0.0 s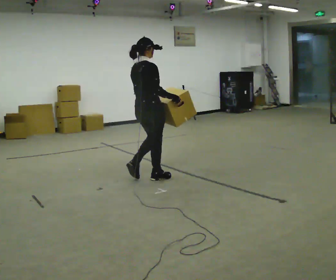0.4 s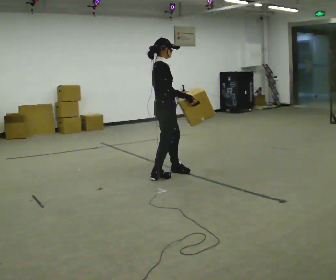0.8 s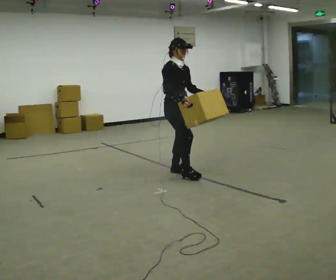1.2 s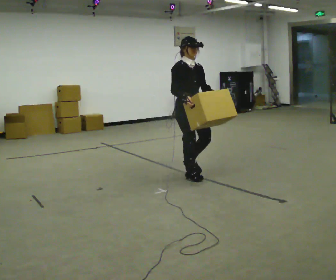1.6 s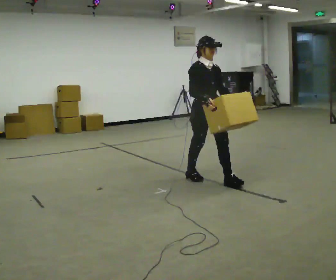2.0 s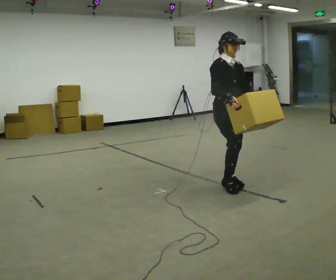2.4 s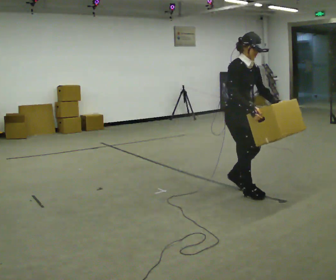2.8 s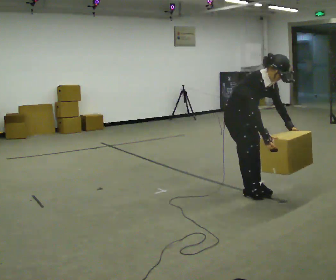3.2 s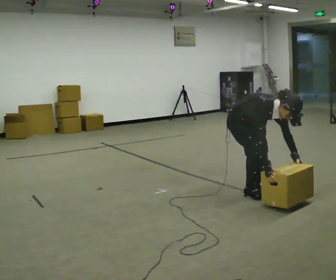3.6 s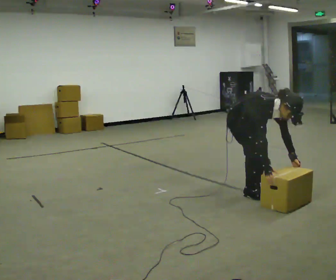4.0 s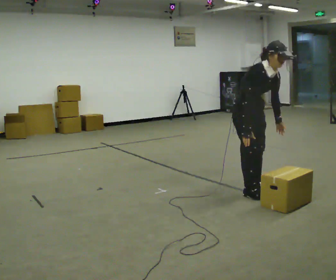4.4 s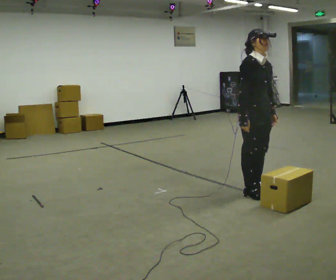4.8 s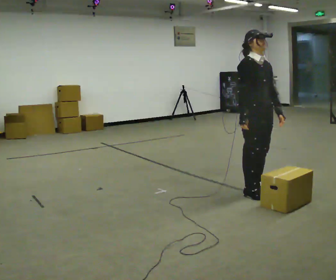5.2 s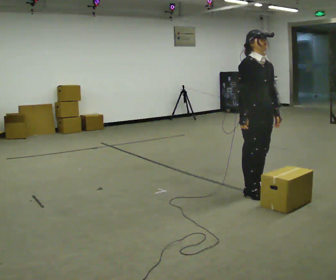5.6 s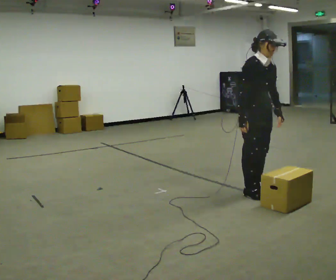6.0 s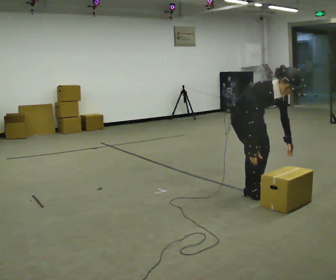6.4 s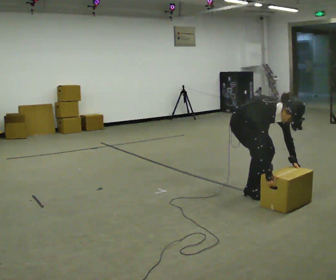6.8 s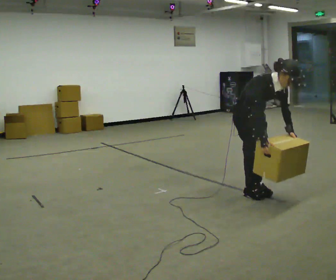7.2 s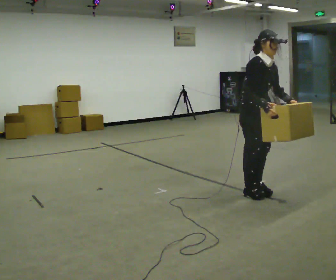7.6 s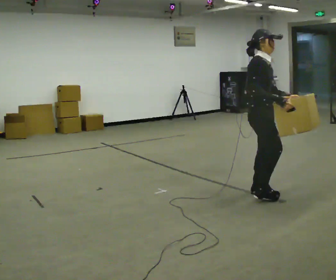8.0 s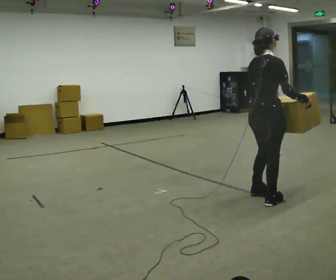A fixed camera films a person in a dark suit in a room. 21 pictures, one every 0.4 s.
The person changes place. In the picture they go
to the right.
The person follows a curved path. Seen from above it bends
clockwise.
0.0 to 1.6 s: The part of the body nearest the lens slides to the left as the person turns to their right by about 90 degrees. In the picture they go to the right, about 0.75 m in 3 steps.
1.6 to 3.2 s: In the picture they go to the right and toward the camera, about 0.5 m in 2 steps, which for them is forward. The upper body goes downward. In the picture the upper body tilts clockwise, shoulders to the right, as they bend forward. In the picture their right hand goes downward.
3.2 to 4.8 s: The shoulders move upward. In the picture the upper body tilts counterclockwise, shoulders to the left, as they lean back or straighten. In the picture their right hand goes upward.
4.8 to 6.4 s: The shoulders move downward. In the picture the upper body tilts clockwise, shoulders to the right, as they bend forward. In the picture their right hand goes downward.
6.4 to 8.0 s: Seen from above the body turns counterclockwise, about 75 degrees: to their left, with its near side sliding to the right. In the picture they go toward the camera and to the right, about 0.25 m in 1 step. The upper body goes upward. In the picture the upper body tilts counterclockwise, shoulders to the left, as they lean back or straighten. In the picture their right hand goes upward.
The film runs forward here.
